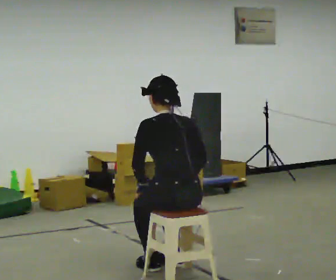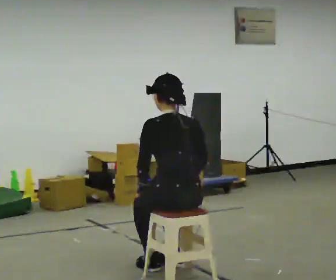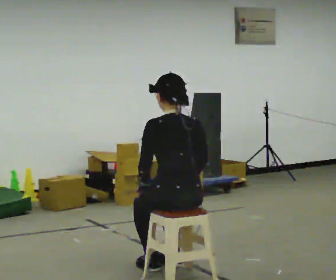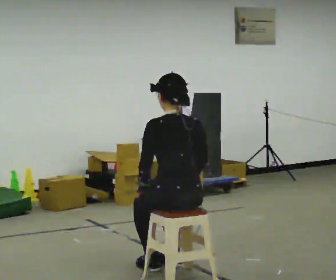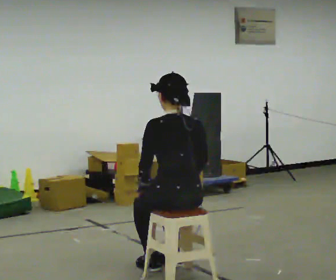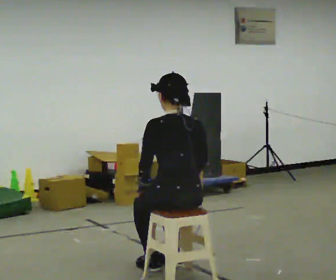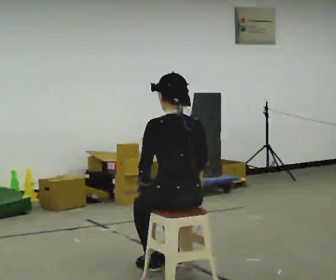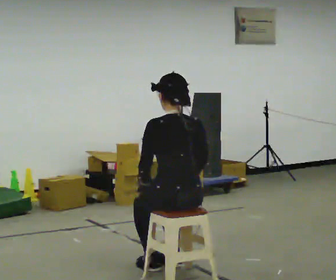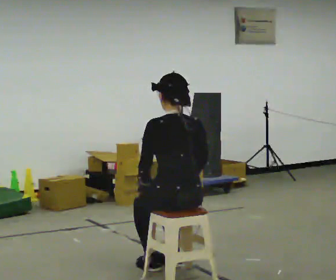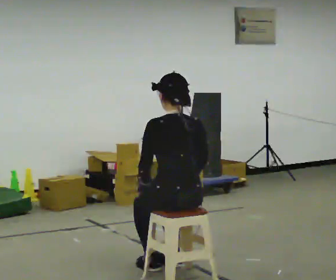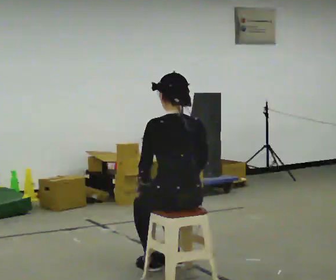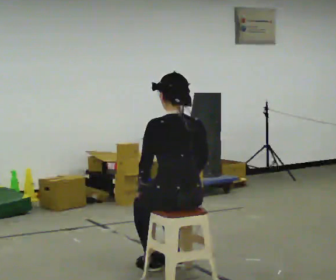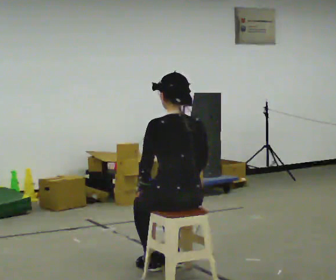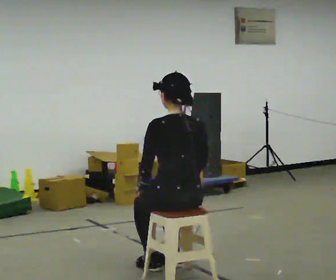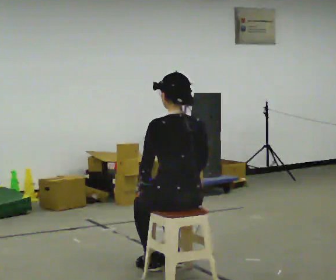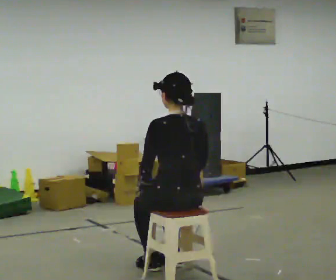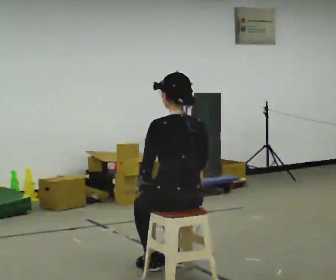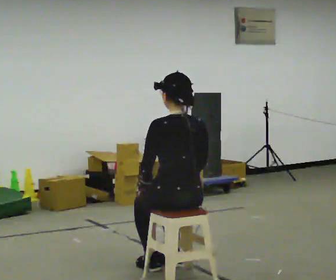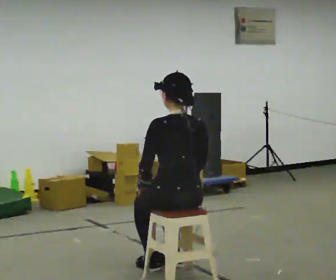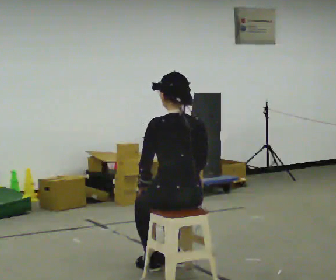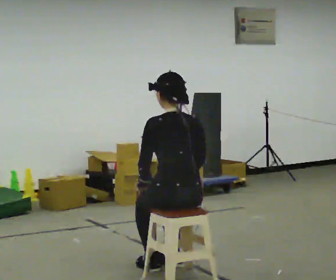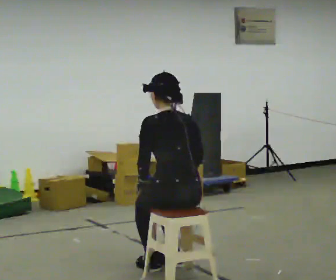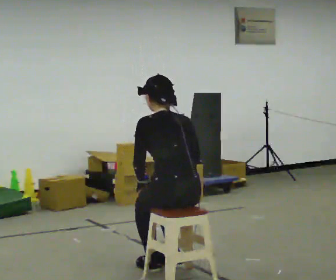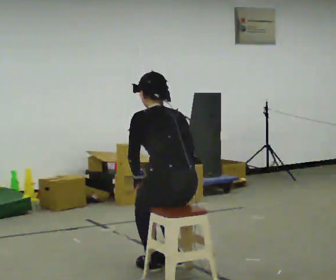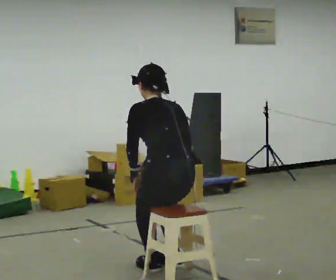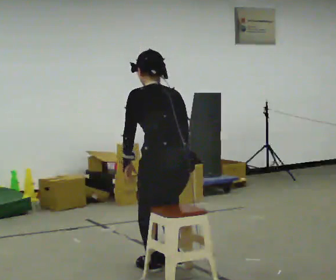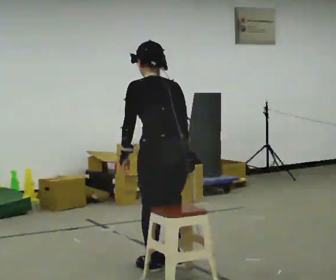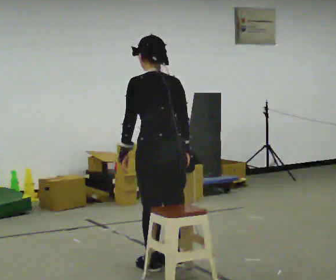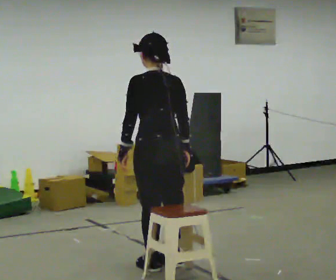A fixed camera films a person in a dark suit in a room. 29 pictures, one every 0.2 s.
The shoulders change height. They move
upward.
0.0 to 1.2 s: The person moves a little, or ends about where they began.
1.2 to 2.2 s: The person keeps their place and pose.
2.2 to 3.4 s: The person moves a little, or ends about where they began.
3.4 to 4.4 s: The upper body tips away from the camera, its near side rolling upward, as they bend forward.
4.4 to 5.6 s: In the picture they go away from the camera, about 0.25 m, which for them is forward. The shoulders move upward.
The film runs backward here.
